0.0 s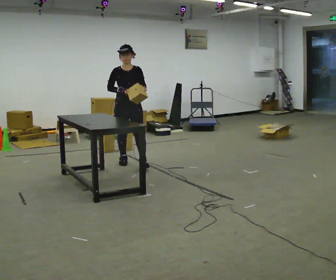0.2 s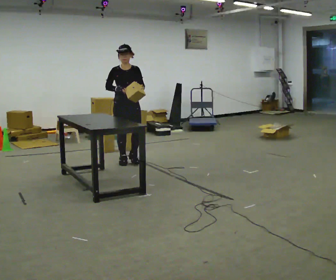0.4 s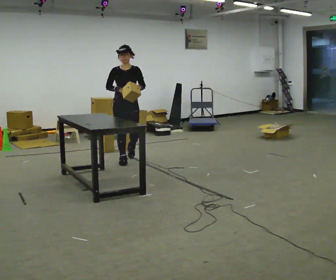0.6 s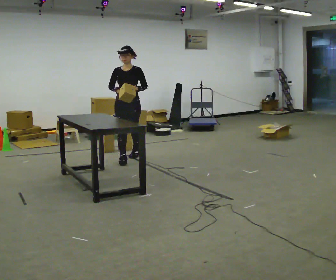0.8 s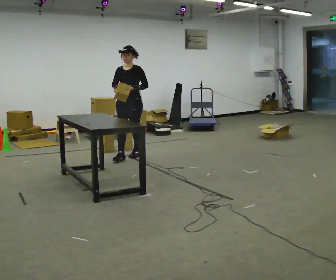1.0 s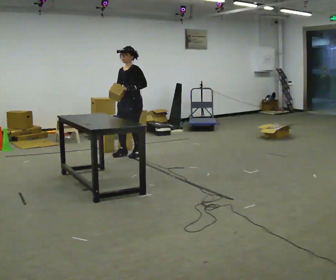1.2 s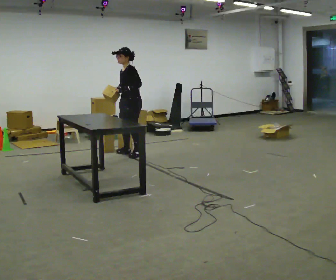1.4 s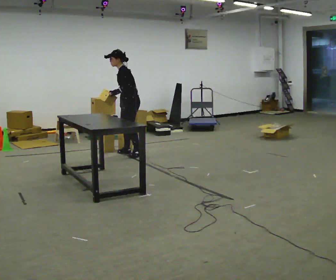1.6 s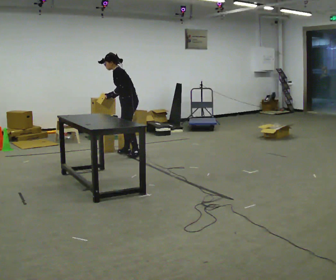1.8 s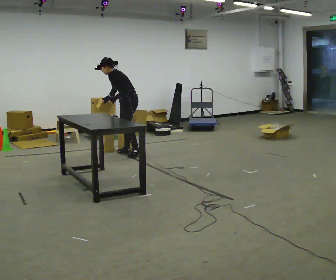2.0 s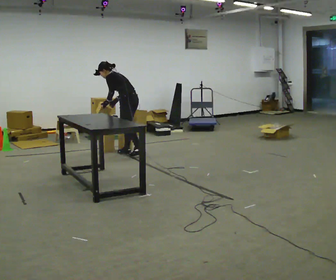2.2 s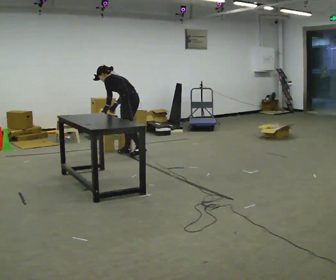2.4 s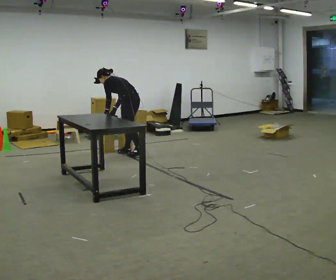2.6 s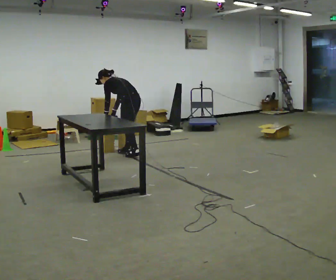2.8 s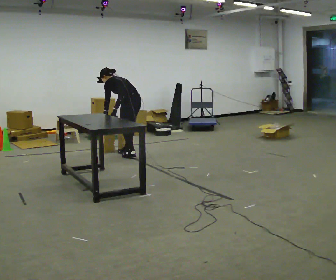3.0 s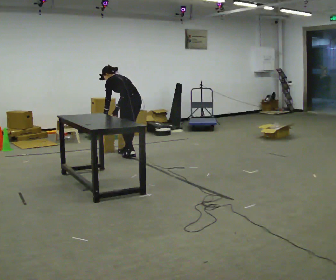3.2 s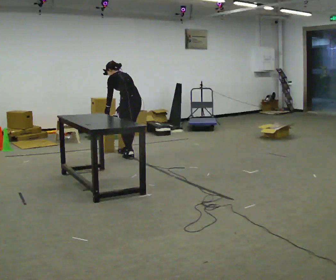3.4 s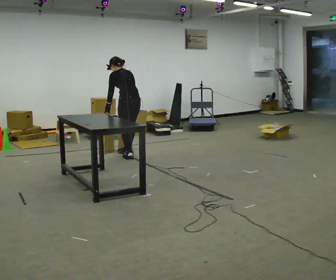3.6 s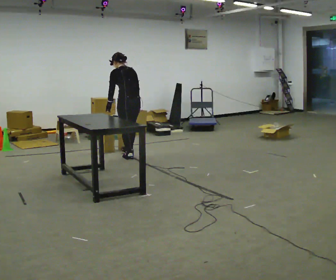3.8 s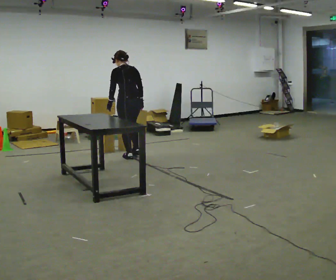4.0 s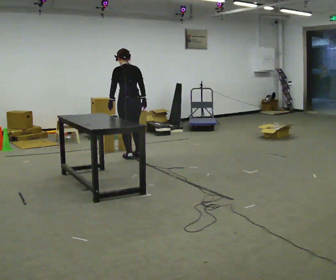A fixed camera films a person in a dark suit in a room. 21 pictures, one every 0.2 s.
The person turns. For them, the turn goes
to their right.
The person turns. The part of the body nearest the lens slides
to the left.
0.0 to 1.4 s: Seen from above the body turns clockwise, about 90 degrees: to their right, with its near side sliding to the left. In the picture they go away from the camera, about 0.5 m in 1 step. In the picture the upper body tilts counterclockwise, shoulders to the left, as they bend forward.
1.4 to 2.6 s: Seen from above the body turns clockwise, about 45 degrees: to their right, with its near side sliding to the left. The upper body goes downward. The upper body tips away from the camera, its near side rolling upward, as they bend forward. In the picture their left hand goes downward.
2.6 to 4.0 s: The part of the body nearest the lens slides to the left as the person turns to their right by about 30 degrees. In the picture they go toward the camera, about 0.25 m in 1 step, which for them is backward and to their left. The upper body goes upward. In the picture the upper body tilts clockwise, shoulders to the right, as they lean back or straighten.
The film runs backward here.
